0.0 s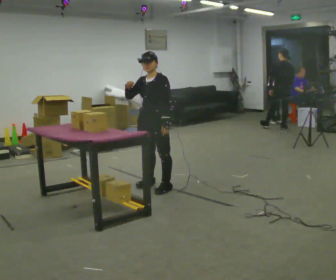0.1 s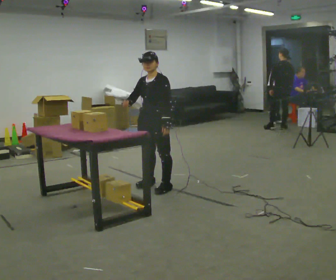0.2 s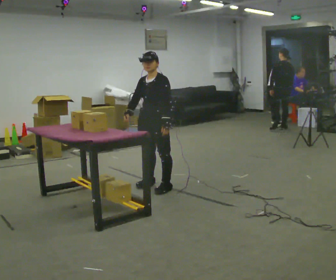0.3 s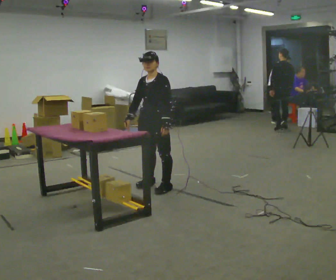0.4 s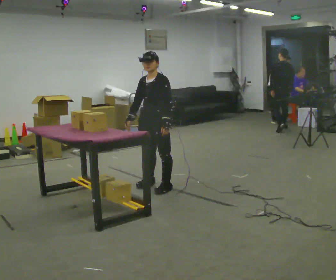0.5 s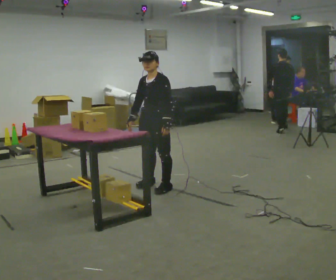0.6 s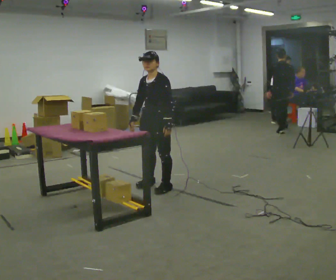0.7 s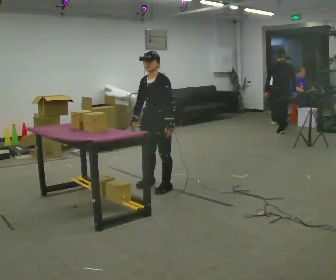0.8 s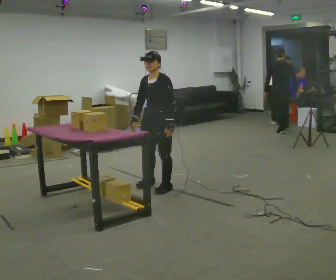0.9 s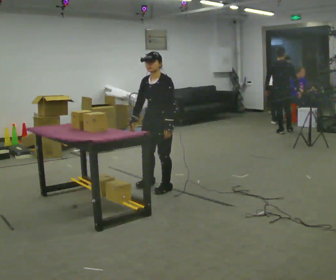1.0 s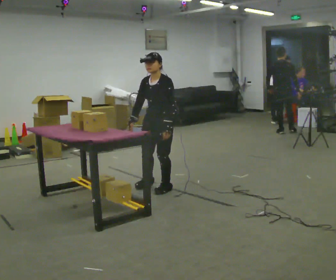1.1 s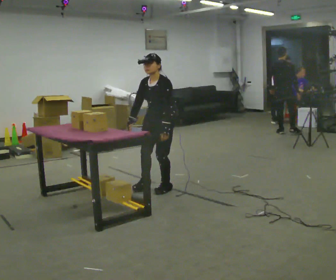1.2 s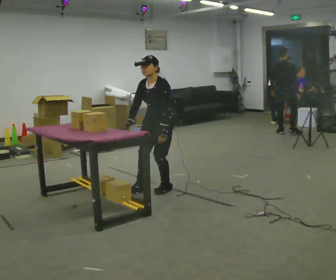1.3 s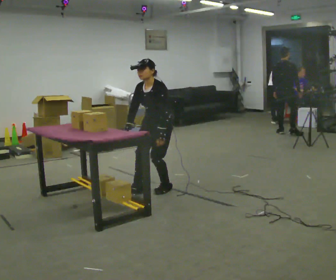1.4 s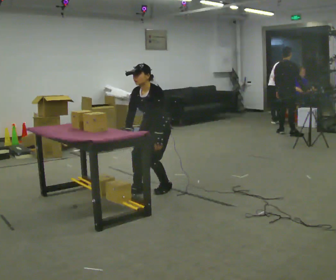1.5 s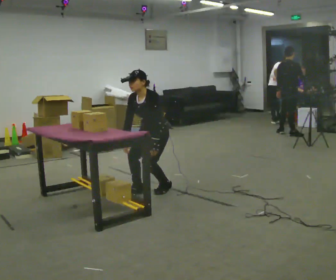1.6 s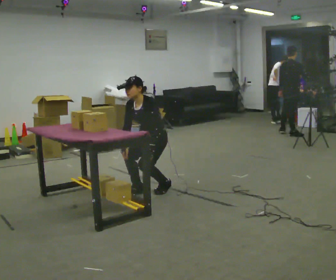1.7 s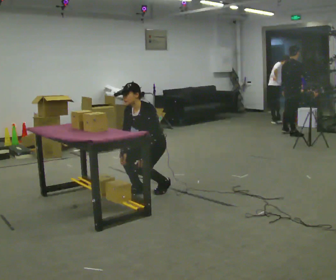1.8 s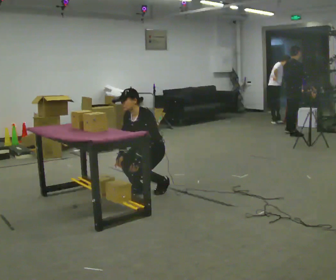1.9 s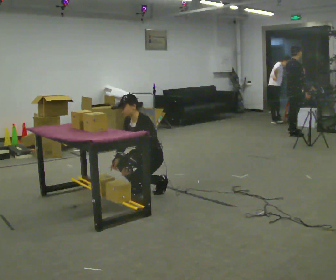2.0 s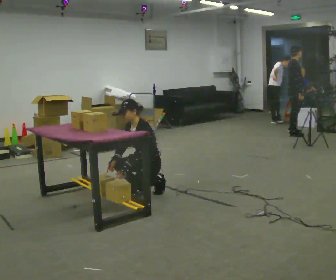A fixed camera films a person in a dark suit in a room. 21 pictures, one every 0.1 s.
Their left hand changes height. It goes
downward.
The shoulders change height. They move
downward.
0.0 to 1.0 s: In the picture their right hand goes downward.
1.0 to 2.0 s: The shoulders move downward. In the picture their left hand goes to the left and downward.
The film runs backward here.
